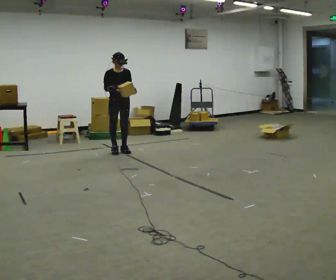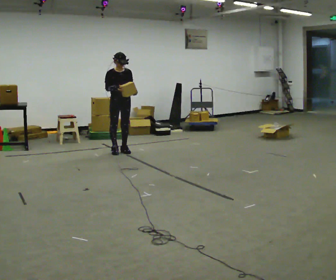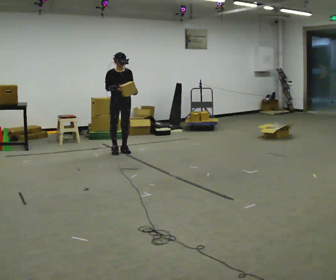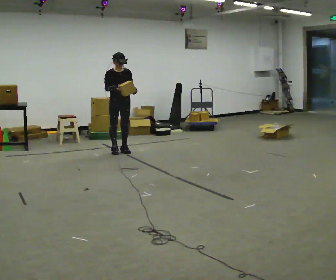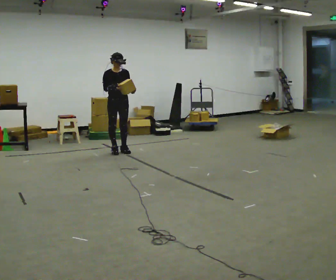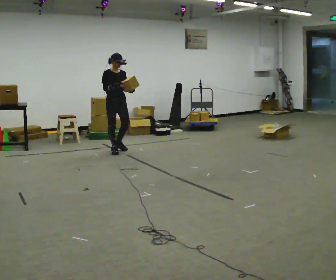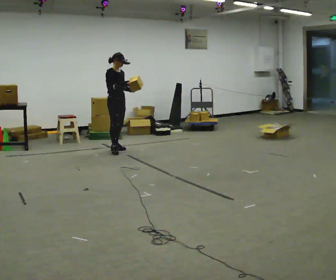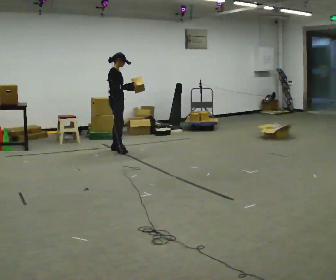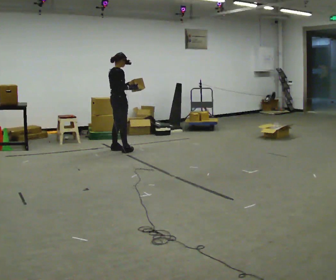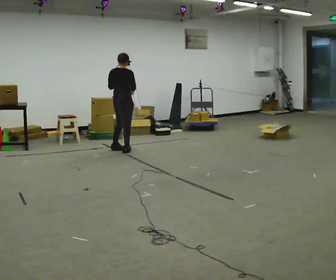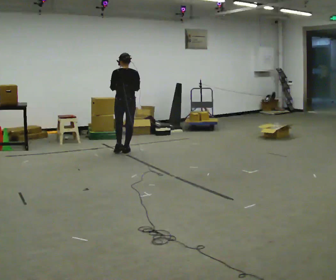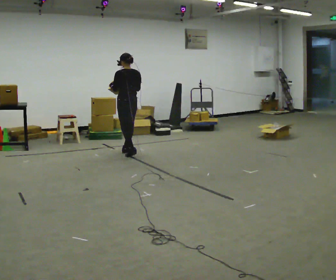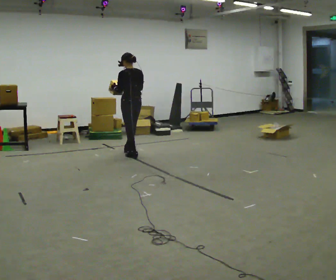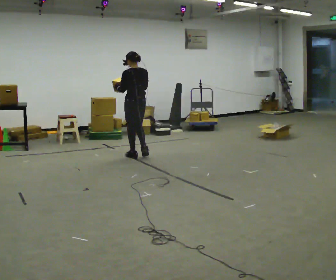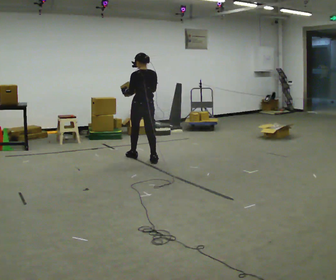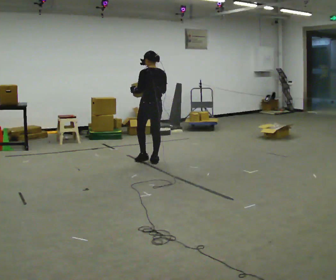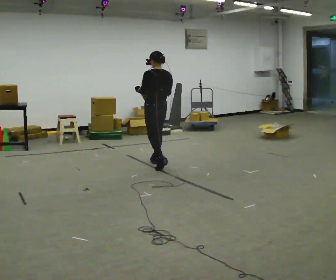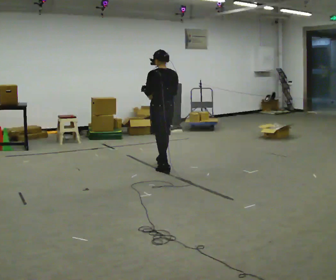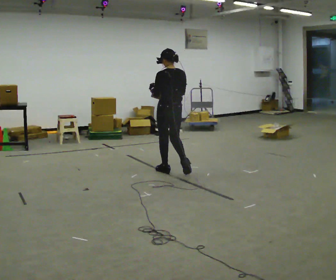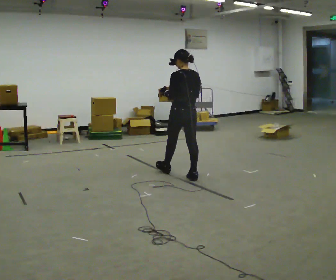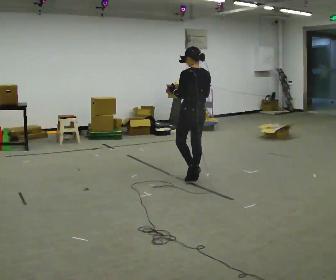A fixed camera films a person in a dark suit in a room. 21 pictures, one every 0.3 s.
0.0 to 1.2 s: The person moves a little, or ends about where they began.
1.2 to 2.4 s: The person turns about 90 degrees to their left, counterclockwise seen from above, so the part of the body nearest the lens slides to the right.
2.4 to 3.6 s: Seen from above the body turns counterclockwise, about 105 degrees: to their left, with its near side sliding to the right. In the picture they go toward the camera and to the right, about 0.5 m in 2 steps.
3.6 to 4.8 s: In the picture they go toward the camera and to the right, about 0.75 m in 1 step, which for them is backward.
4.8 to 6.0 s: In the picture they go toward the camera and to the right, about 1 m in 2 steps, which for them is backward.
The film runs backward here.
